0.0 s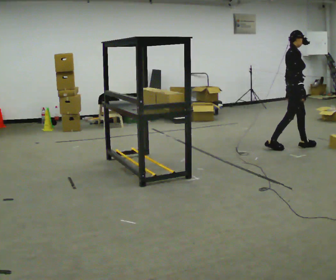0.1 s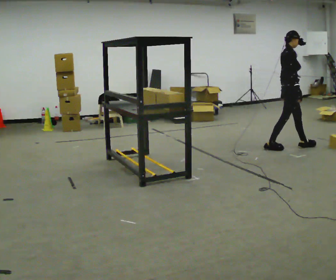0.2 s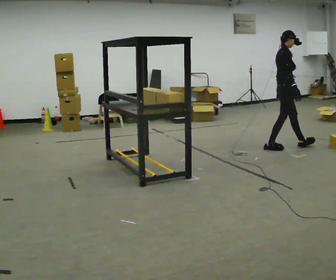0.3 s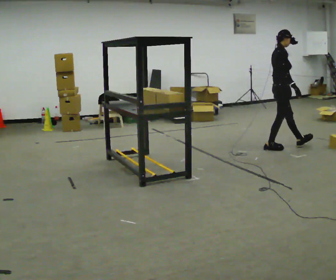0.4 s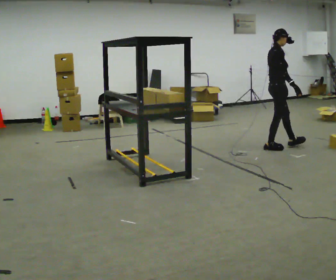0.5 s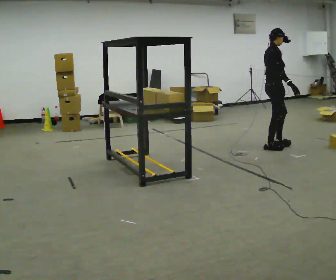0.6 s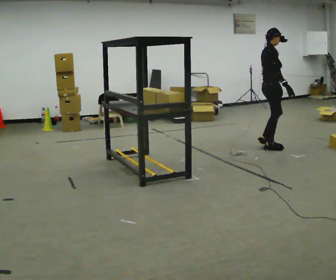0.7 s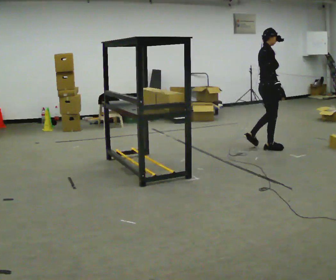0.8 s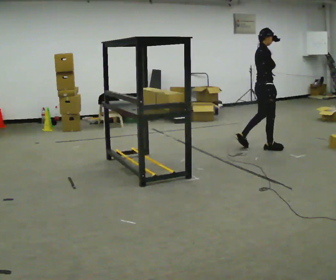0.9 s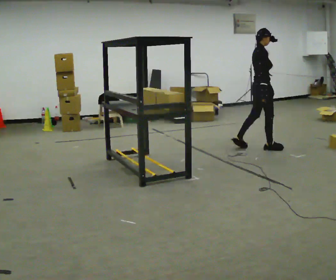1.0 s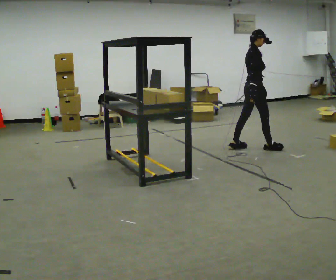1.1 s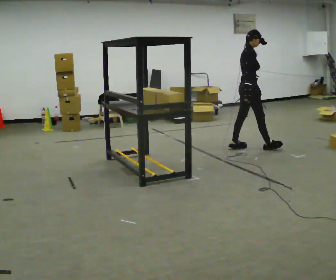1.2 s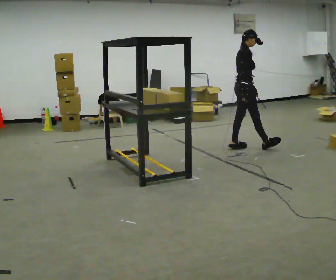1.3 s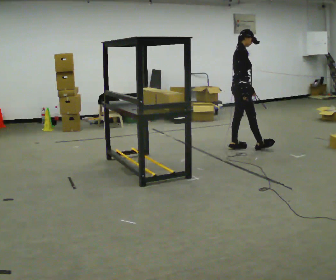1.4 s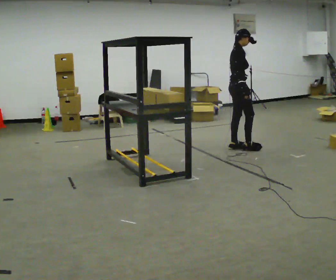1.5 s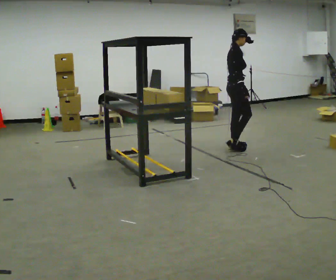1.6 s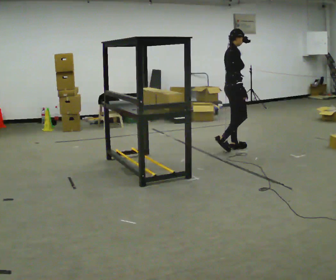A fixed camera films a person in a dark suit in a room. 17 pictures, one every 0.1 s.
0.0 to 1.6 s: In the picture they go to the left, about 1 m in 2 steps, which for them is backward.
The film runs backward here.
